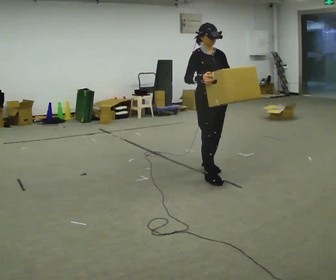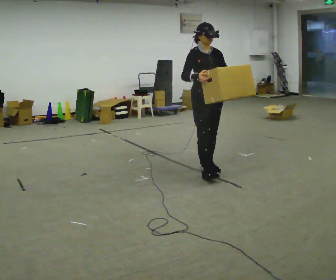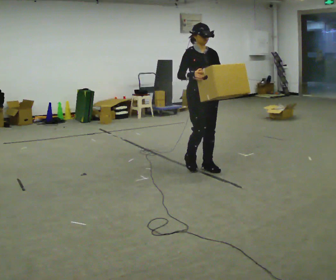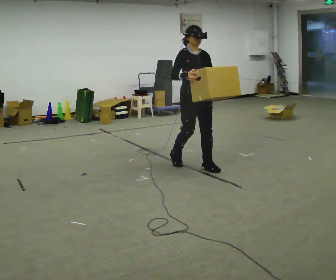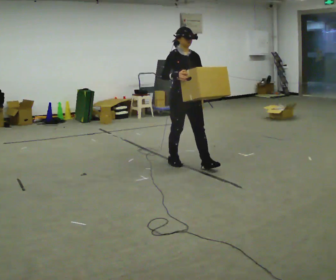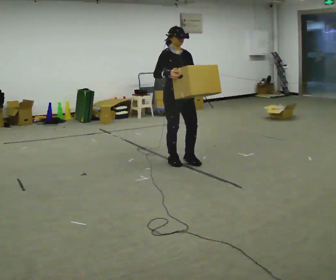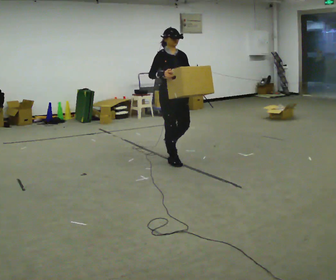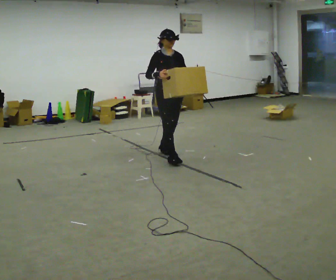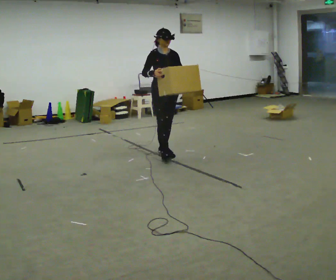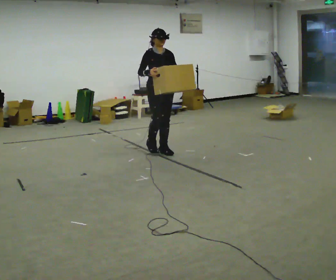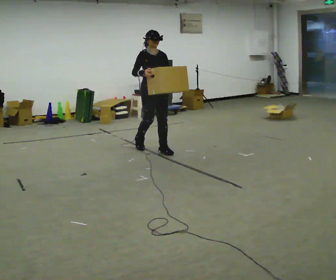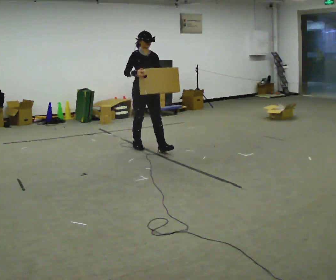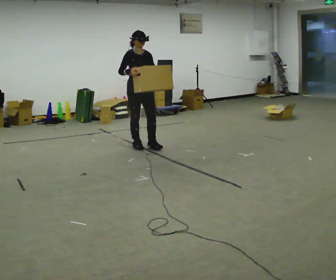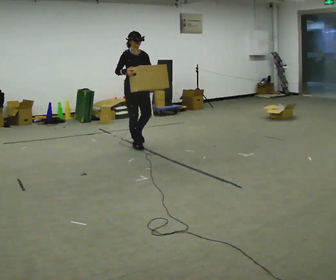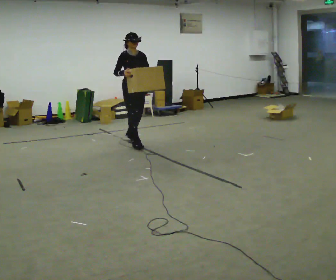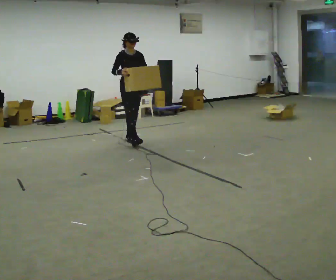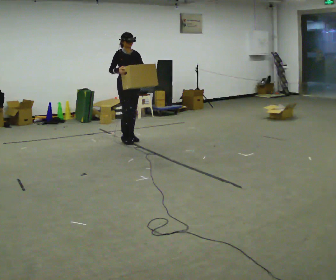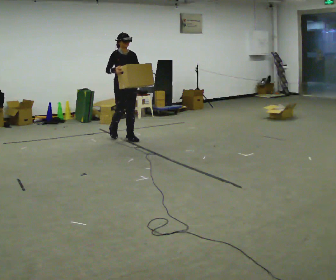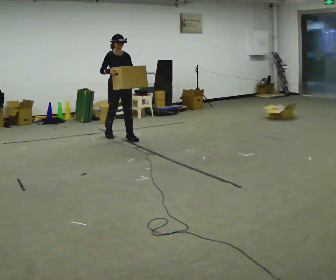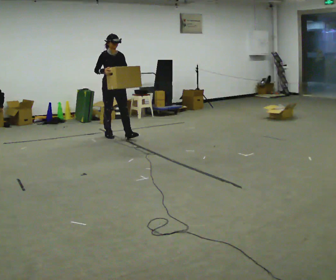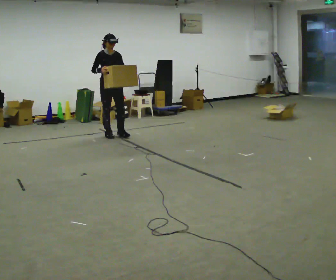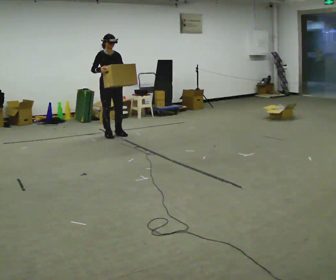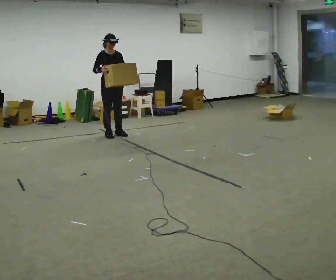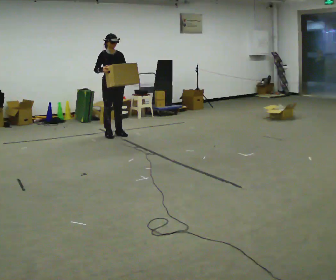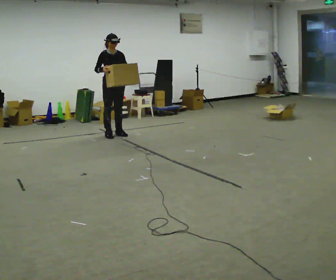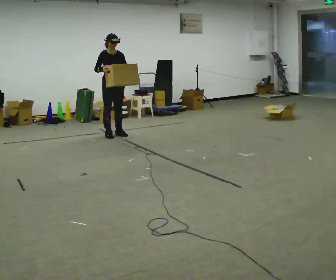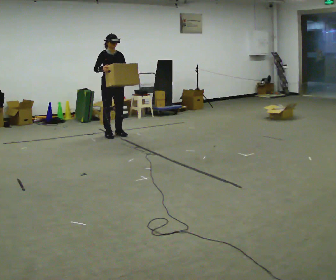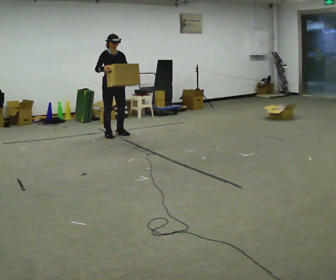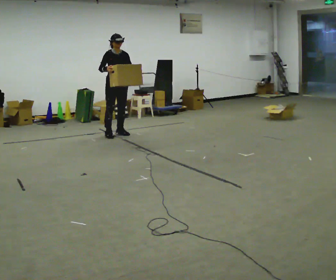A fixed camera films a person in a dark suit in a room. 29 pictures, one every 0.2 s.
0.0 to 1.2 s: In the picture they go away from the camera and to the left, about 0.5 m in 2 steps, which for them is backward.
1.2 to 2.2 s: In the picture they go away from the camera and to the left, about 0.75 m in 2 steps, which for them is backward.
2.2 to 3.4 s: In the picture they go away from the camera and to the left, about 0.75 m in 1 step, which for them is backward.
3.4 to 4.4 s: In the picture they go away from the camera and to the left, about 0.25 m in 1 step, which for them is backward.
4.4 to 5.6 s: The person moves a little, or ends about where they began.
The film runs backward here.
